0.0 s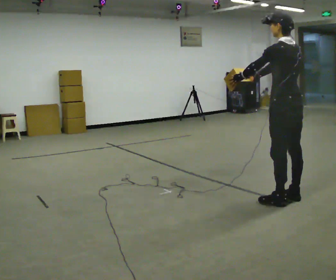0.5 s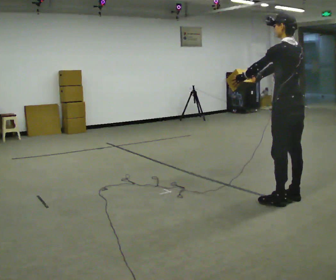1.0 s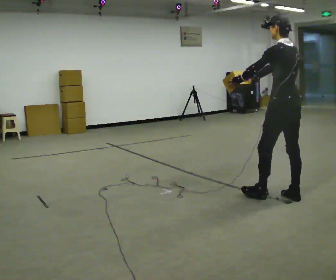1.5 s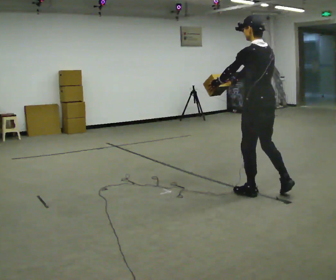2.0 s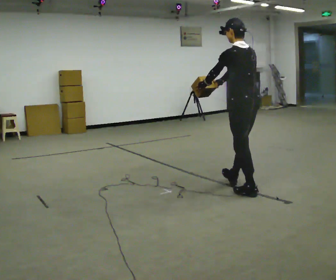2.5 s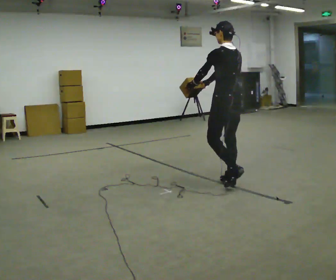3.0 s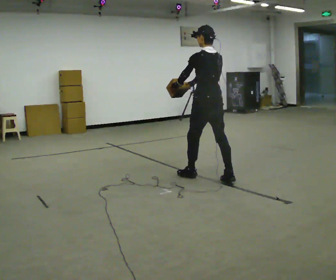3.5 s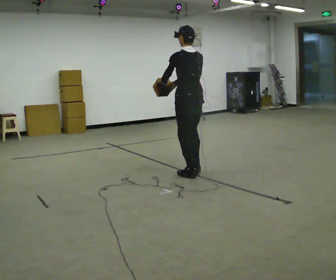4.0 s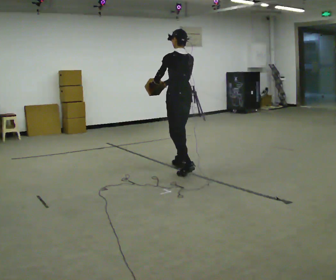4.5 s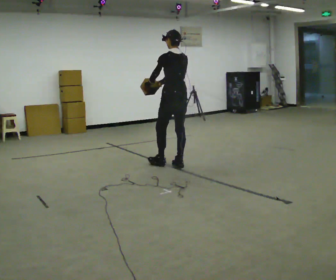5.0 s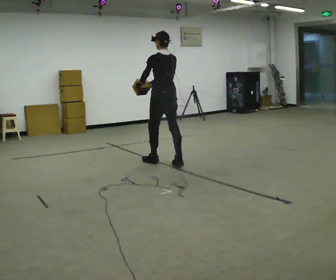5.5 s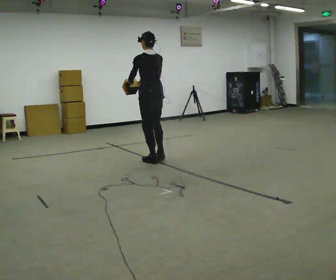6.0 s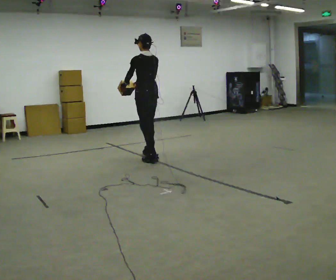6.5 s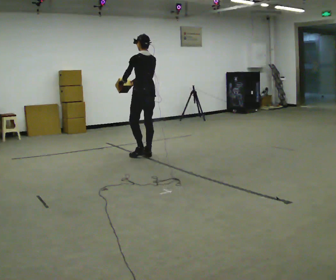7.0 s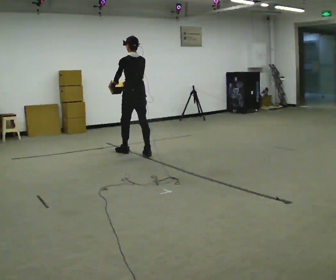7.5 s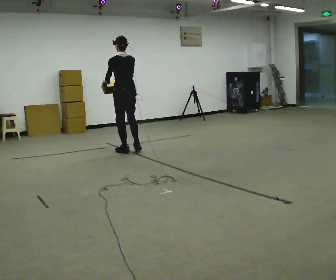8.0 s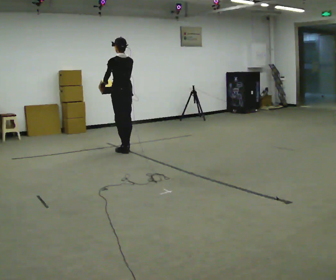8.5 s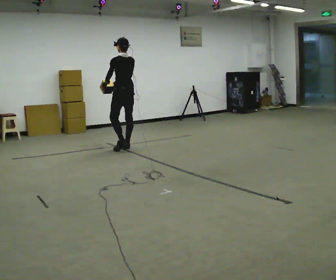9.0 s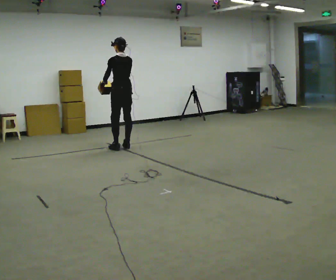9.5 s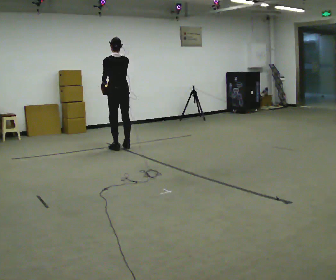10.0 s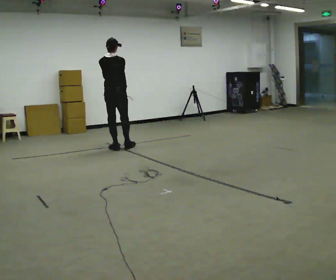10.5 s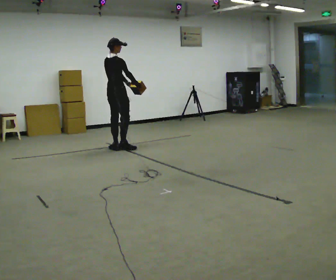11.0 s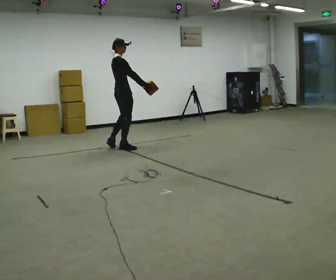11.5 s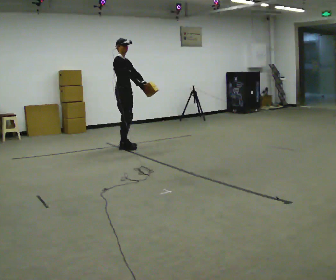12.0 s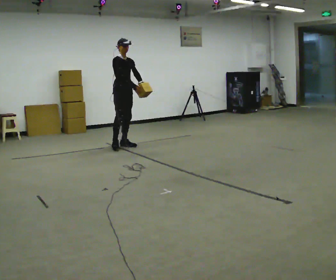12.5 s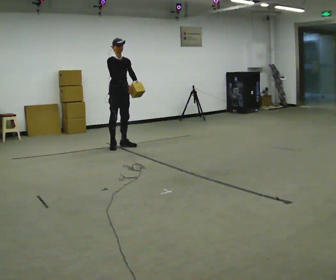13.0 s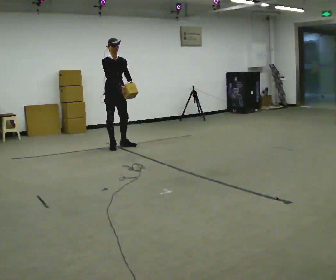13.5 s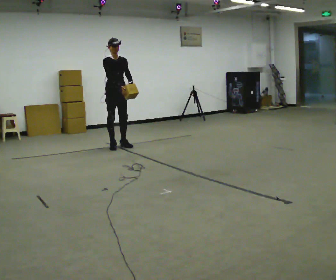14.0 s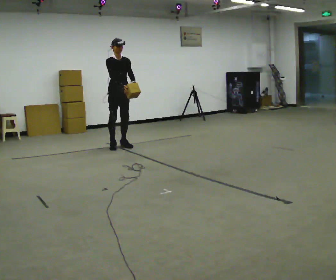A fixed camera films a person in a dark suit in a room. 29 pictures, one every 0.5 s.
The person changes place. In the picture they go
away from the camera.
0.0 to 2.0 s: In the picture they go away from the camera and to the left, about 0.5 m in 1 step, which for them is forward.
2.0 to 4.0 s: In the picture they go away from the camera and to the left, about 1 m in 3 steps, which for them is forward.
4.0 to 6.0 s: In the picture they go away from the camera and to the left, about 0.5 m in 2 steps, which for them is forward.
6.0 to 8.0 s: In the picture they go away from the camera and to the left, about 0.75 m in 2 steps, which for them is forward.
8.0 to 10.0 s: The part of the body nearest the lens slides to the left as the person turns to their right by about 45 degrees. In the picture they go to the left, about 0.25 m in 1 step, which for them is forward.
10.0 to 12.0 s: The part of the body nearest the lens slides to the left as the person turns to their right by about 120 degrees. In the picture they go away from the camera, about 0.25 m in 1 step.
12.0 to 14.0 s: The person moves a little, or ends about where they began.
The film runs forward here.
